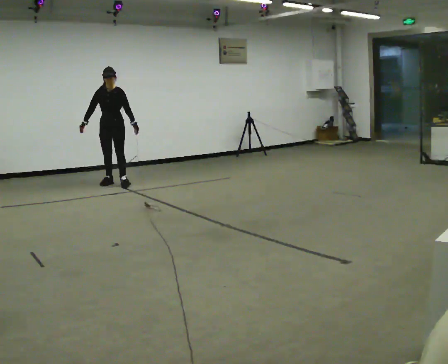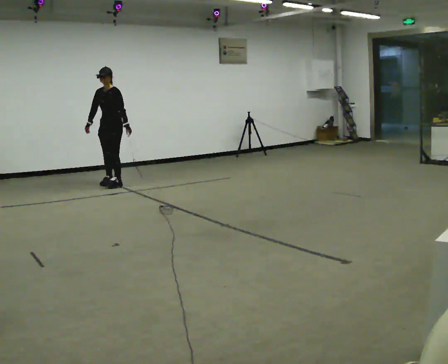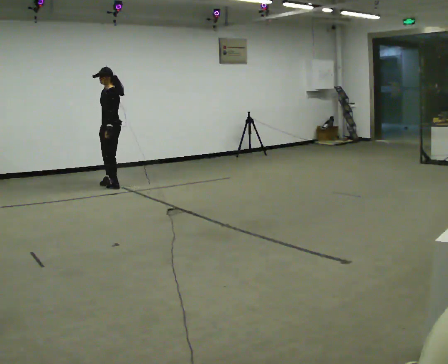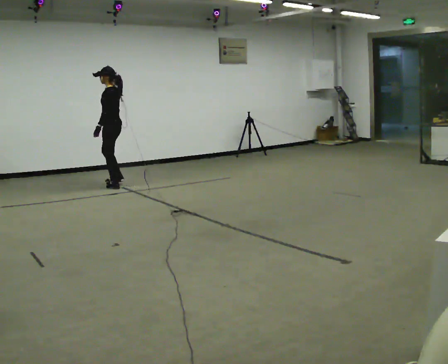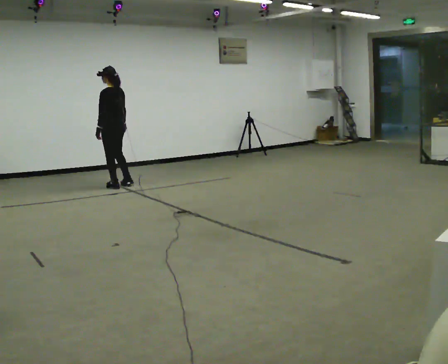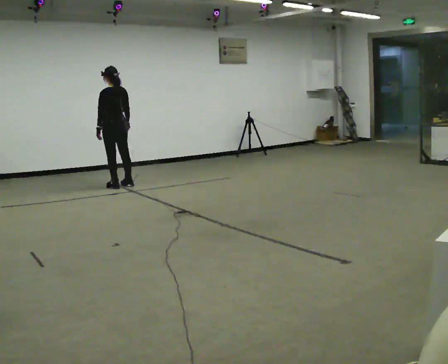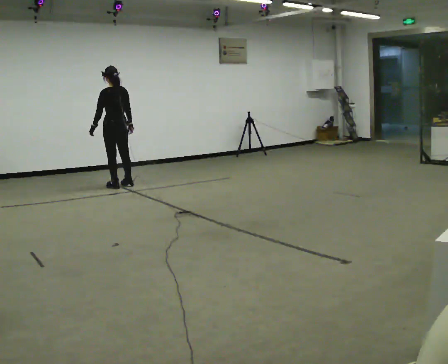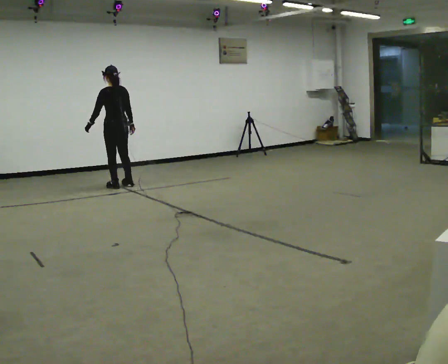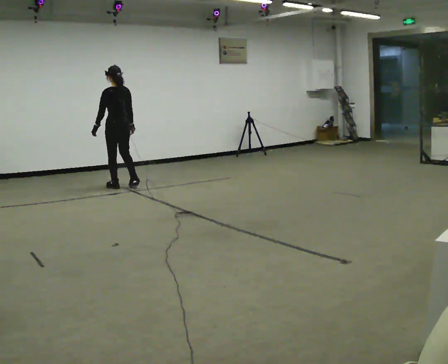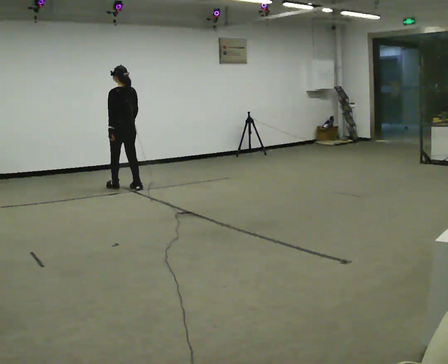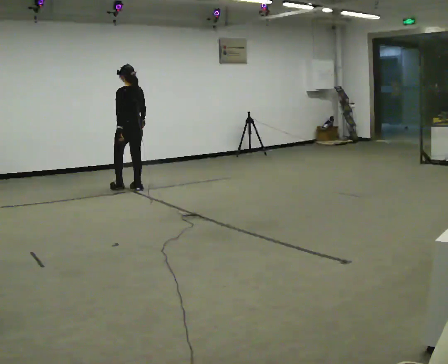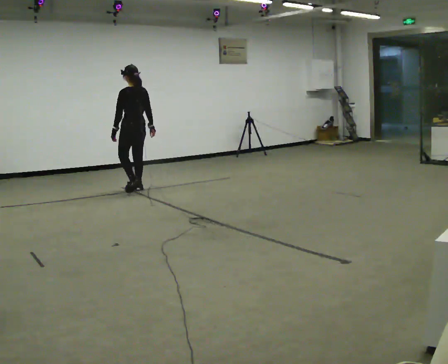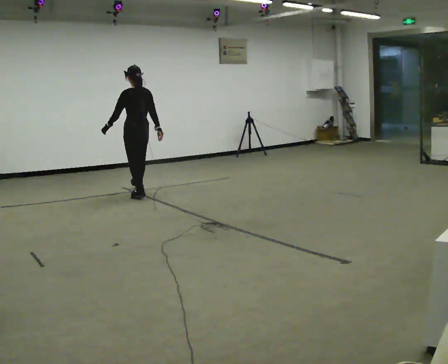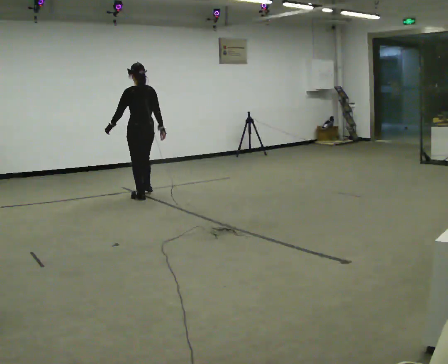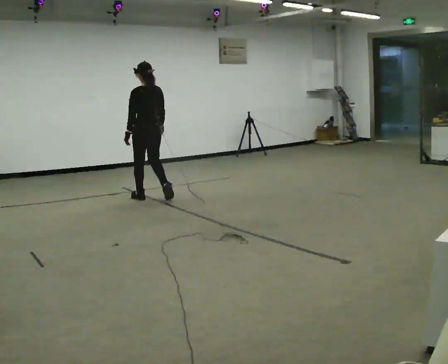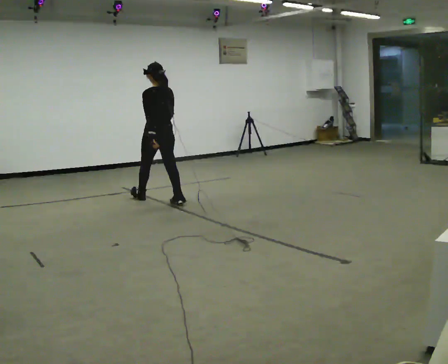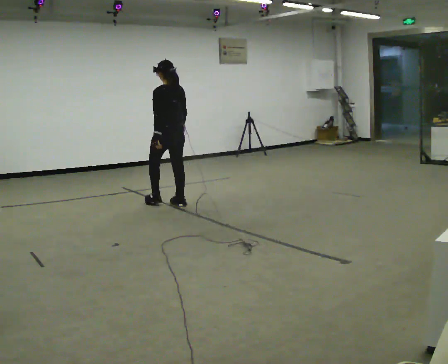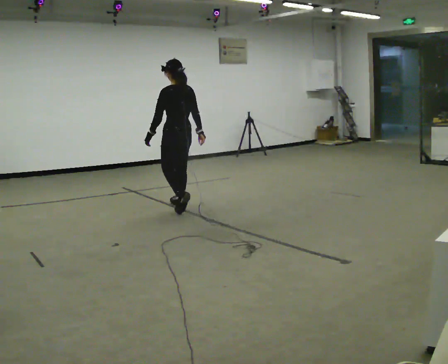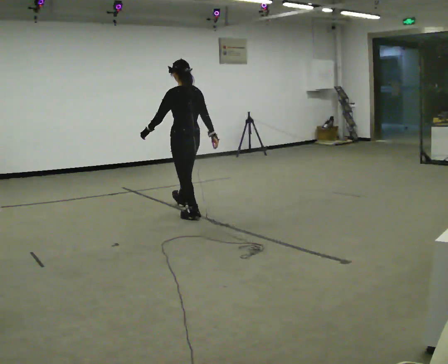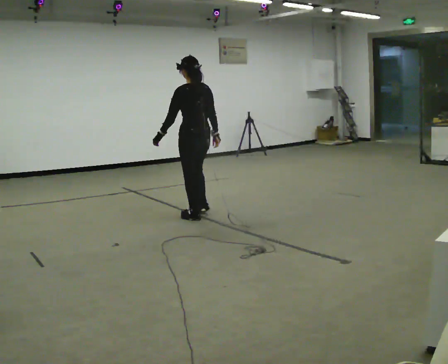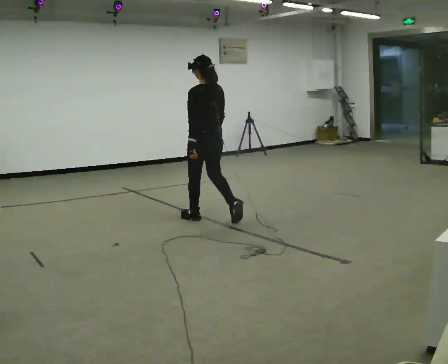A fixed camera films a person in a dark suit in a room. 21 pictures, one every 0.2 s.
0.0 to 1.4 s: The person turns about 150 degrees to their right, clockwise seen from above, so the part of the body nearest the lens slides to the left. In the picture they go toward the camera, about 0.25 m in 2 steps. In the picture their left hand goes to the left, the arm swinging clockwise.
1.4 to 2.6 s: In the picture they go toward the camera and to the right, about 0.5 m in 3 steps, which for them is backward.
2.6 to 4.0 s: In the picture they go toward the camera and to the right, about 1.5 m in 2 steps, which for them is backward.
The film runs backward here.
